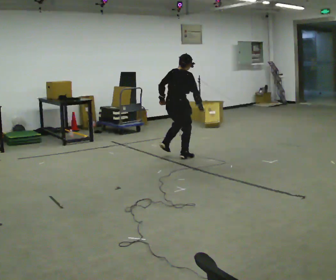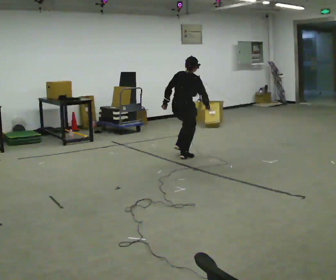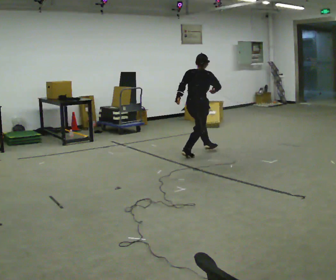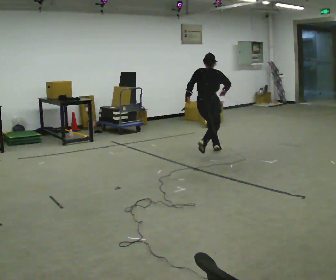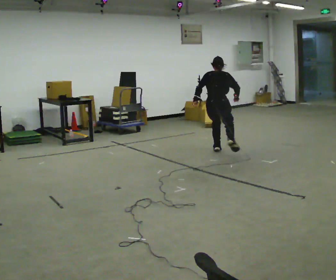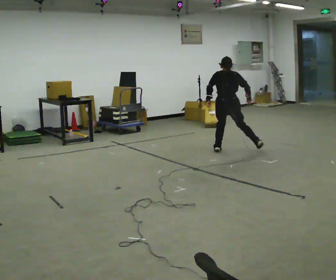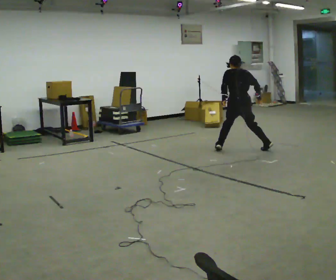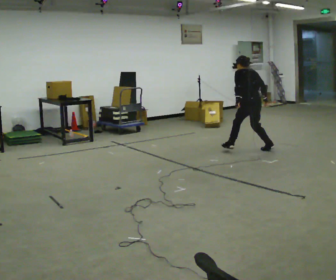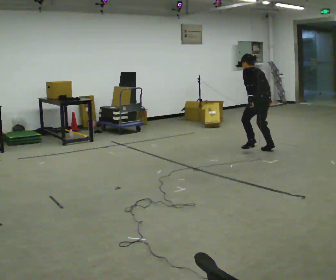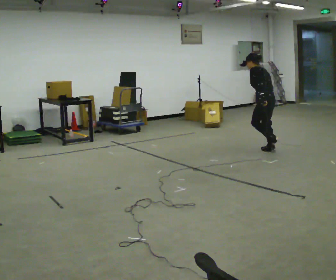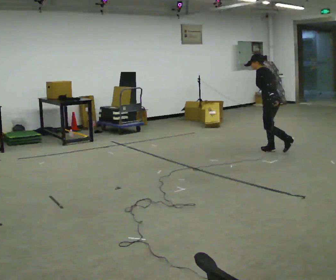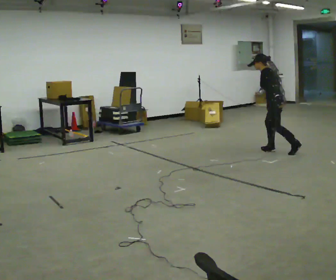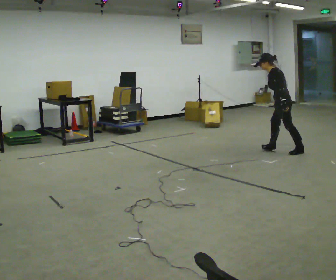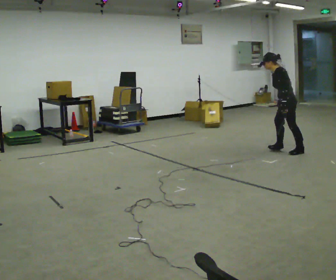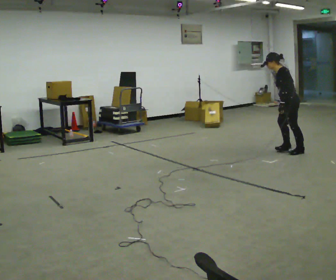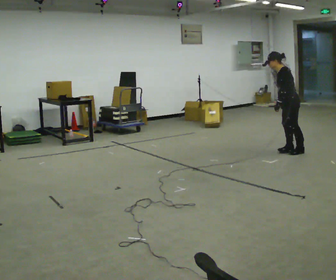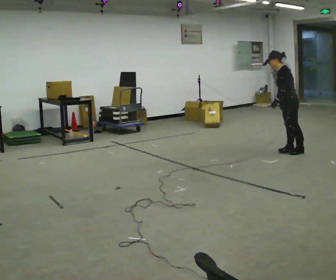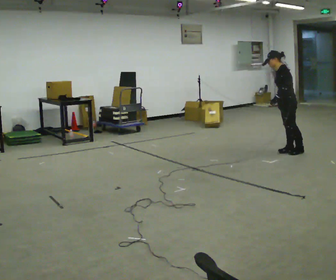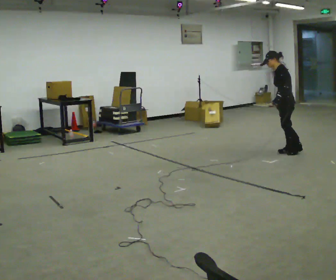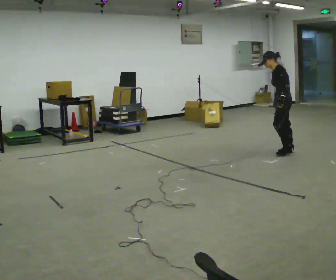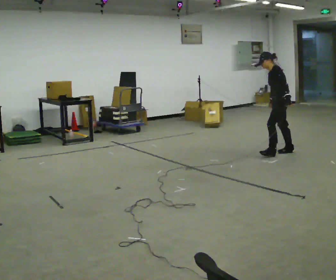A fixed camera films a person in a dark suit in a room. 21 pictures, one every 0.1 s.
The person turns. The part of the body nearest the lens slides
to the right.
The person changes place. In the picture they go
to the right.
0.0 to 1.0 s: The part of the body nearest the lens slides to the right as the person turns to their left by about 90 degrees. In the picture they go to the right, about 1.5 m in 2 steps. In the picture the upper body tilts counterclockwise, shoulders to the left.
1.0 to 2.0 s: The part of the body nearest the lens slides to the right as the person turns to their left by about 30 degrees. In the picture they go to the right, about 0.25 m in 2 steps, which for them is backward.
The film runs backward here.
